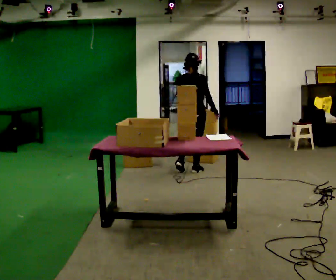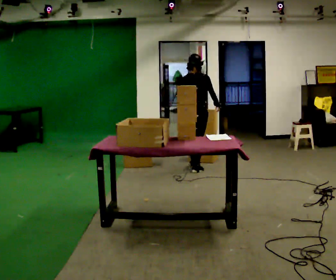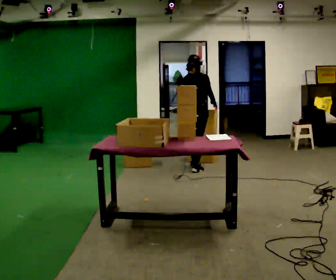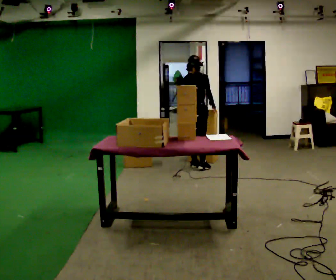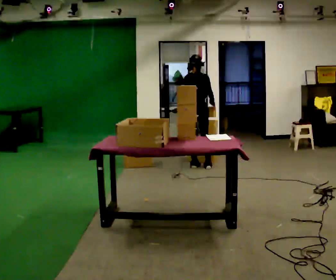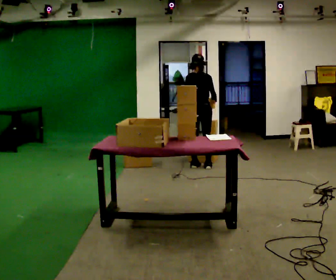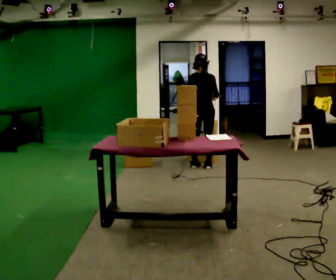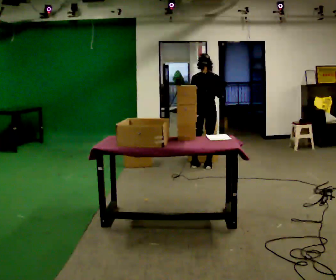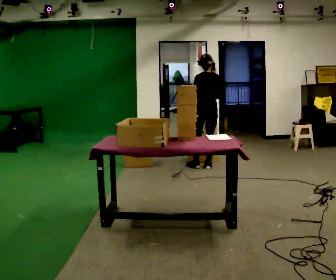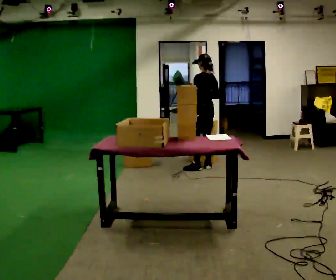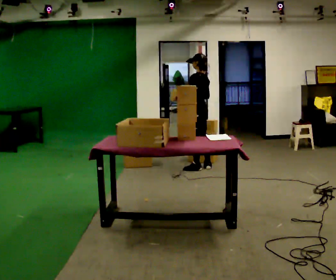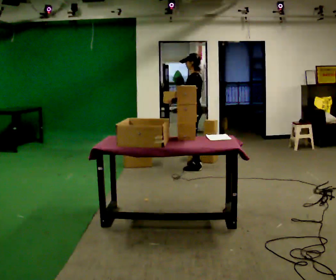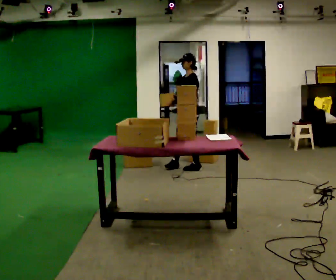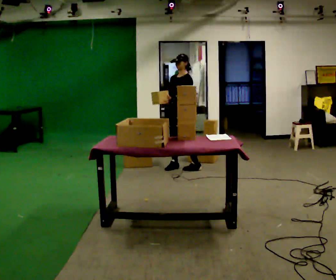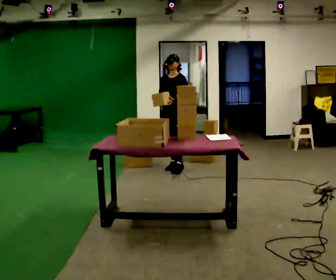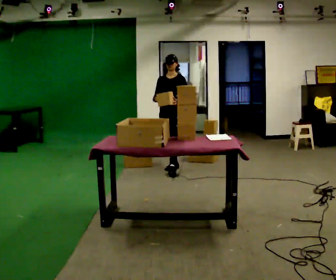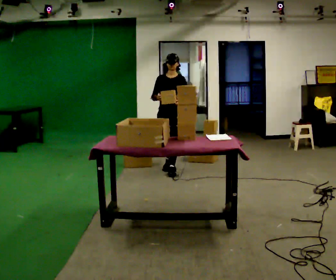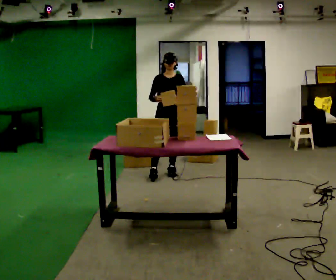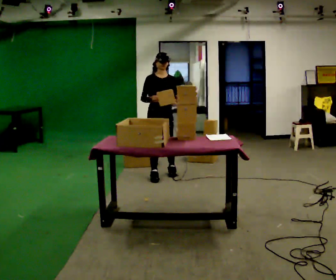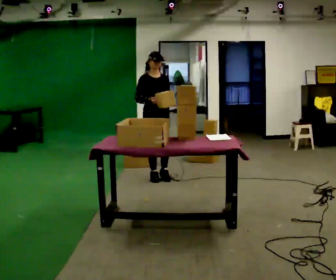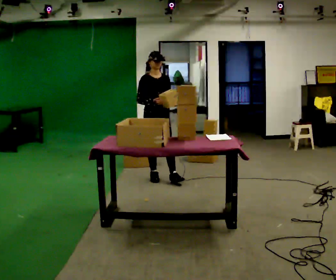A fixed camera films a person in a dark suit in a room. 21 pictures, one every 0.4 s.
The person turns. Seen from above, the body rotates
counterclockwise.
The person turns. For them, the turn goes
to their left.
0.0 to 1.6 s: In the picture they go away from the camera, about 0.25 m in 2 steps, which for them is forward.
1.6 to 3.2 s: The part of the body nearest the lens slides to the right as the person turns to their left by about 45 degrees. In the picture they go to the right, about 0.25 m, which for them is to their right.
3.2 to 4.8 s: Seen from above the body turns counterclockwise, about 90 degrees: to their left, with its near side sliding to the right. In the picture they go to the left, about 0.25 m in 1 step.
4.8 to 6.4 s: The part of the body nearest the lens slides to the right as the person turns to their left by about 60 degrees. In the picture they go toward the camera and to the left, about 0.25 m in 1 step, which for them is forward and to their right.
6.4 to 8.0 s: The part of the body nearest the lens slides to the right as the person turns to their left by about 30 degrees. In the picture they go toward the camera, about 0.5 m in 2 steps, which for them is forward and to their right.
The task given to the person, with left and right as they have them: 1. Read the parts list. 2. Collect each part from the bins around the room. 3. Lay them out on the table in the order on the list. 4. Put them all in the carry case. 5. Tell the operator when you are finished.
The film runs forward here.
